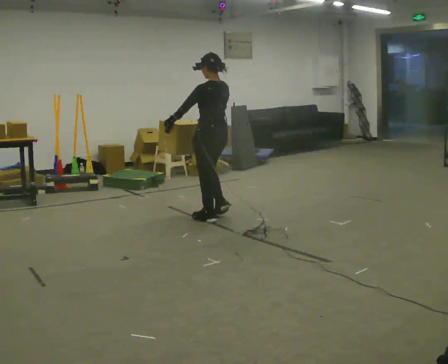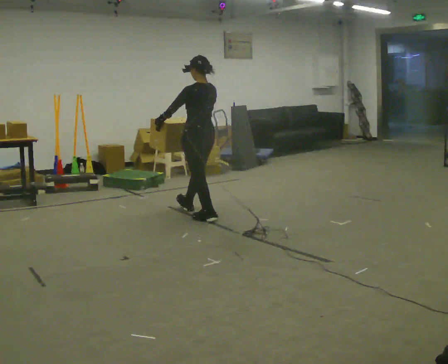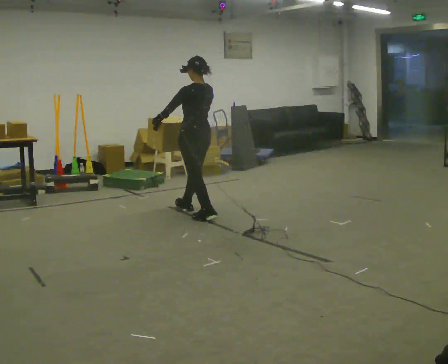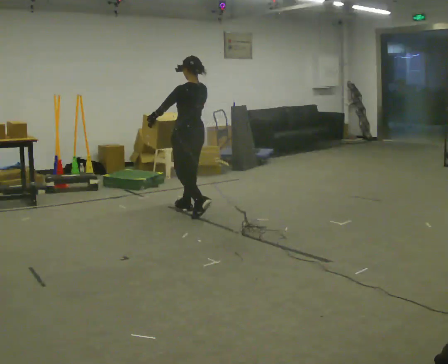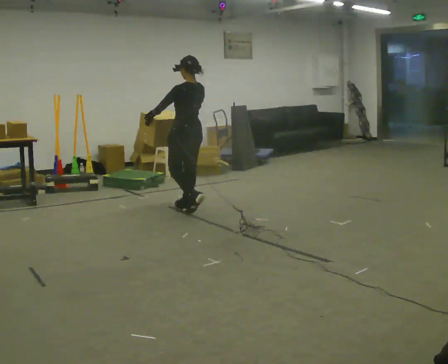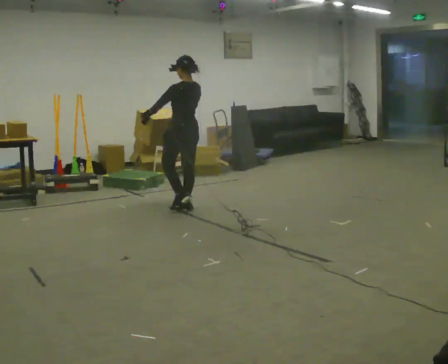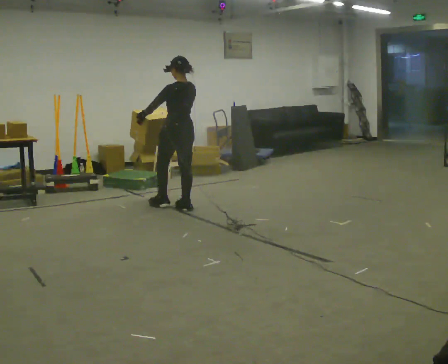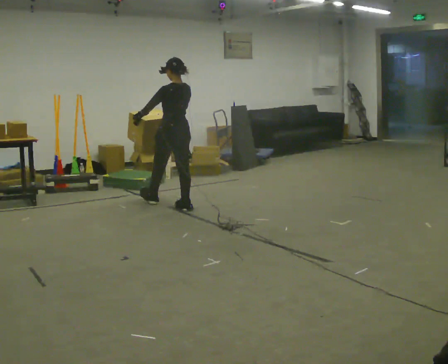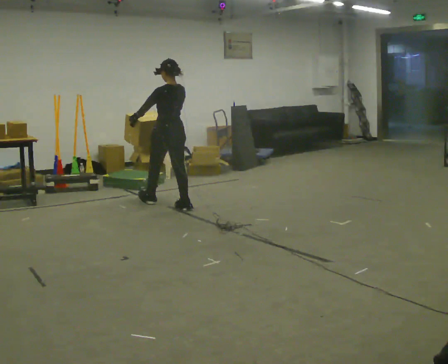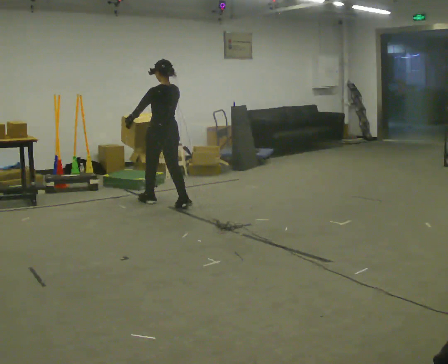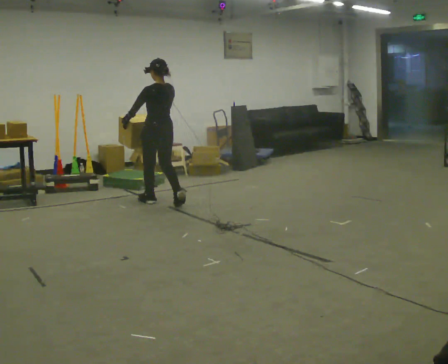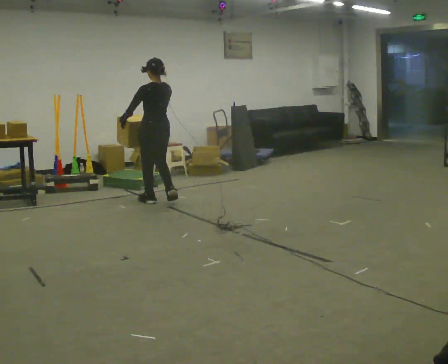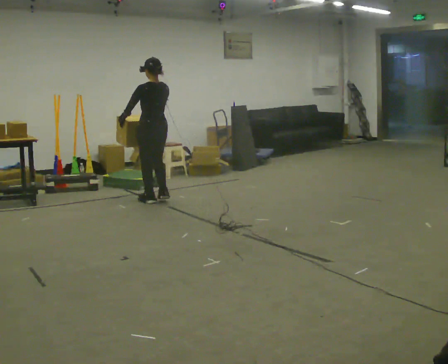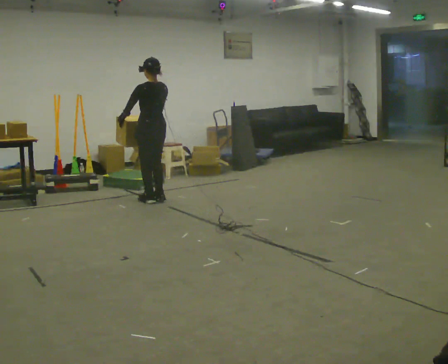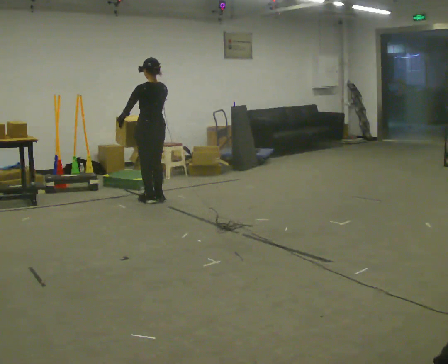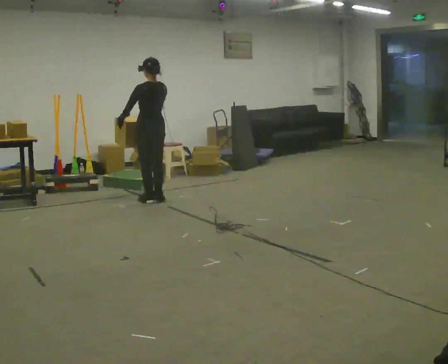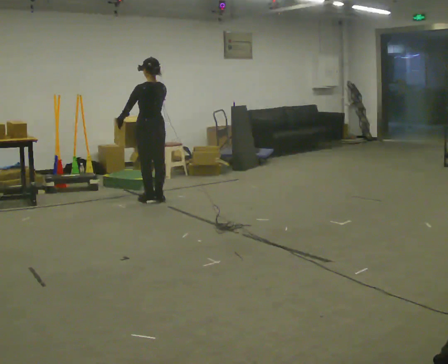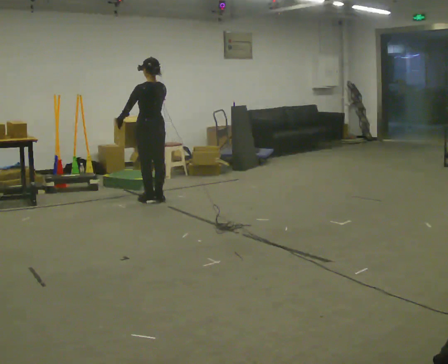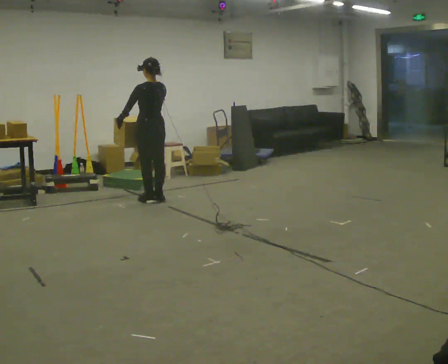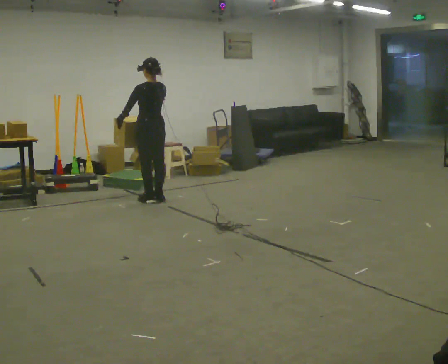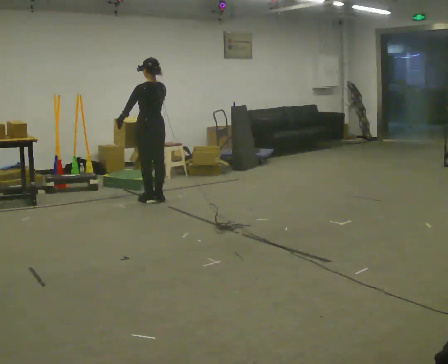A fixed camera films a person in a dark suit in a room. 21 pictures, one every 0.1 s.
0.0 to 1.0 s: In the picture they go away from the camera and to the left, about 1 m in 2 steps, which for them is forward.
1.0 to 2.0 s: In the picture they go away from the camera, about 0.25 m in 1 step, which for them is forward.
The film runs forward here.
